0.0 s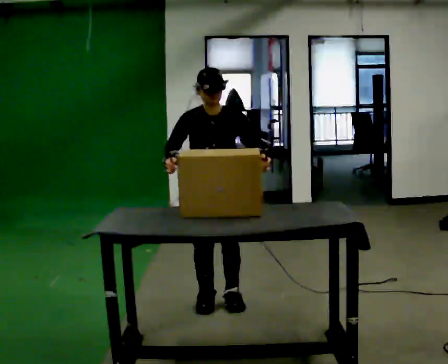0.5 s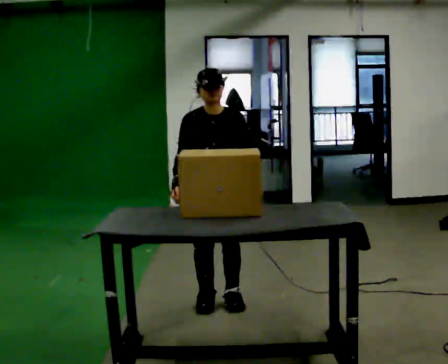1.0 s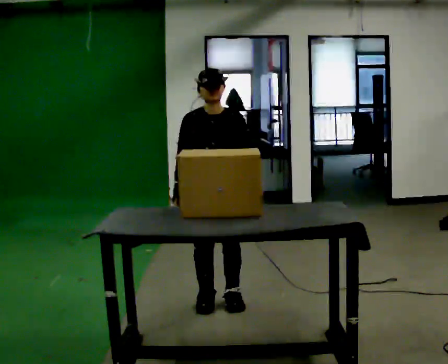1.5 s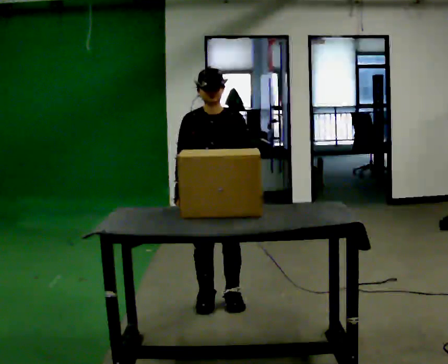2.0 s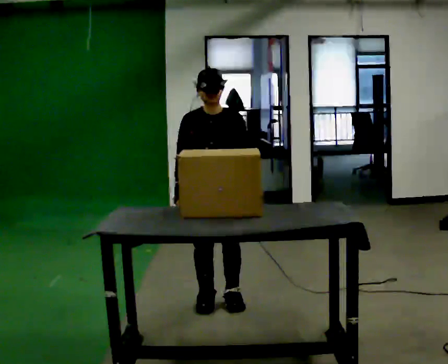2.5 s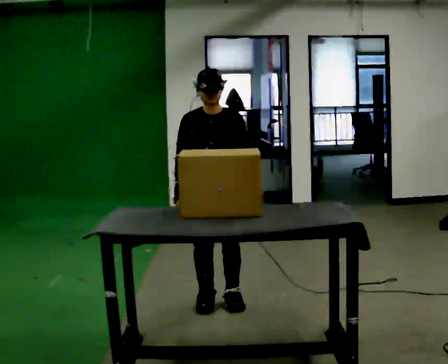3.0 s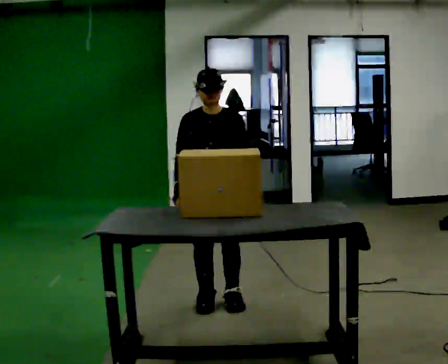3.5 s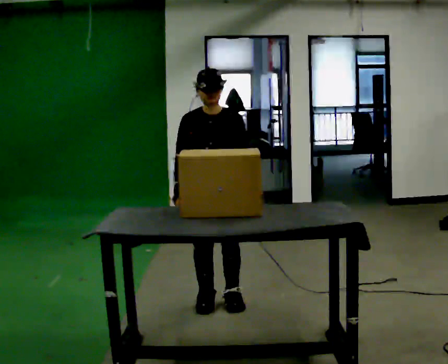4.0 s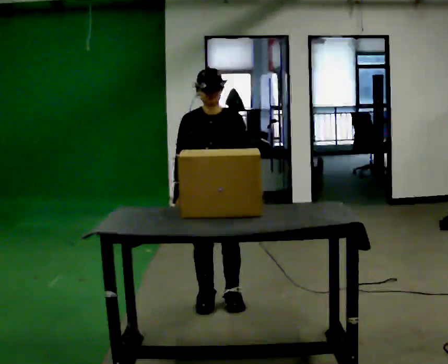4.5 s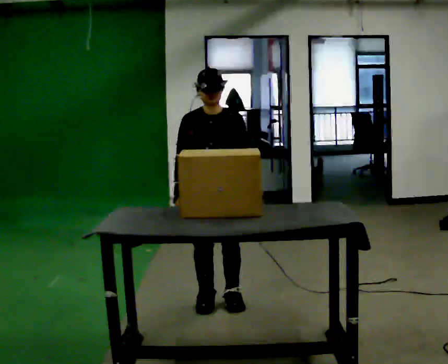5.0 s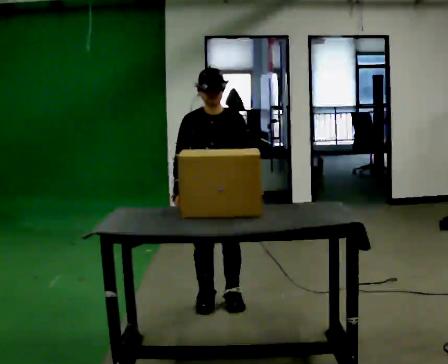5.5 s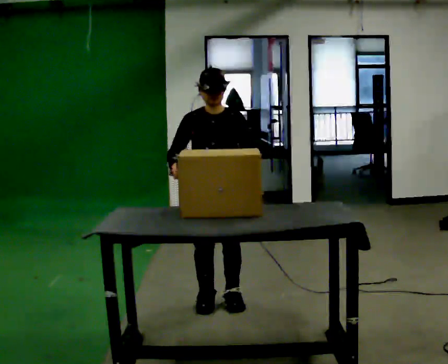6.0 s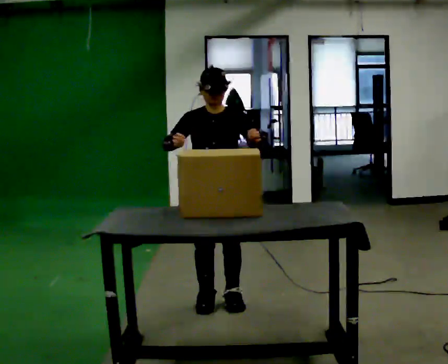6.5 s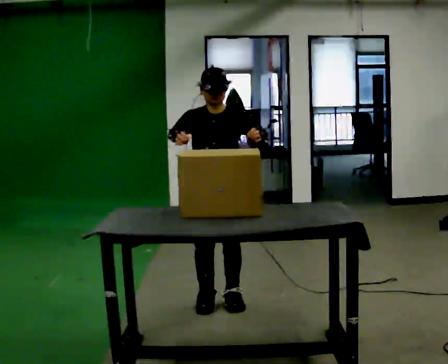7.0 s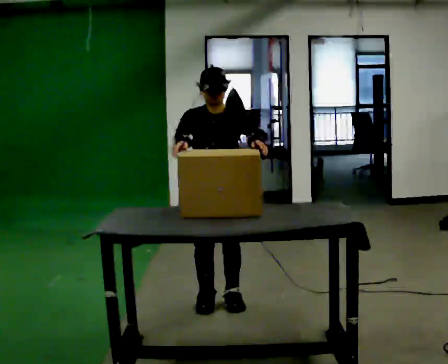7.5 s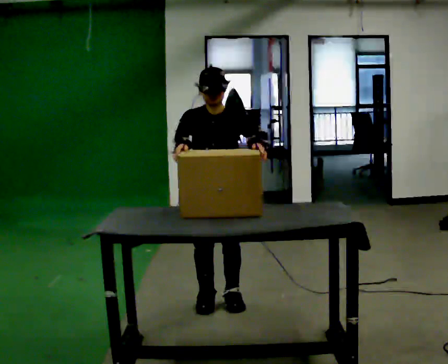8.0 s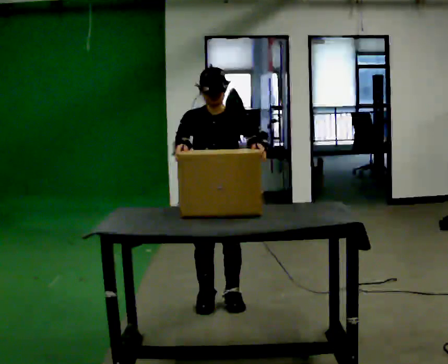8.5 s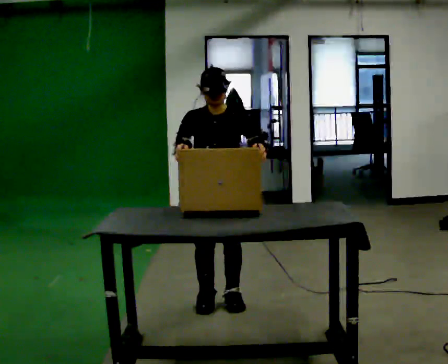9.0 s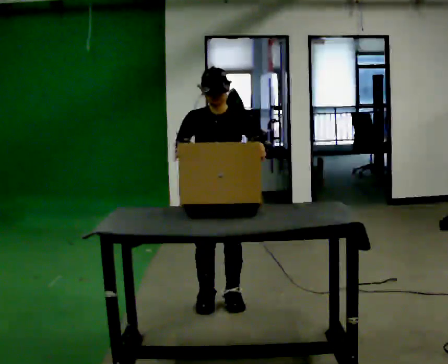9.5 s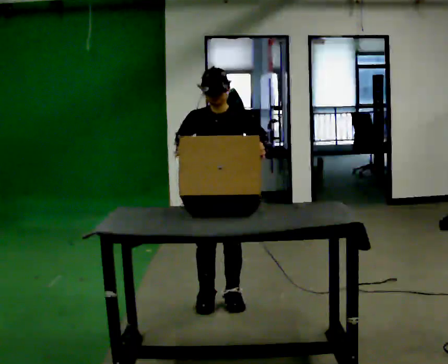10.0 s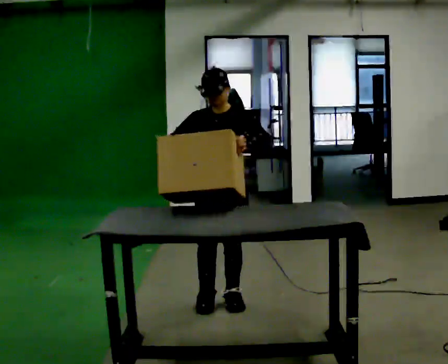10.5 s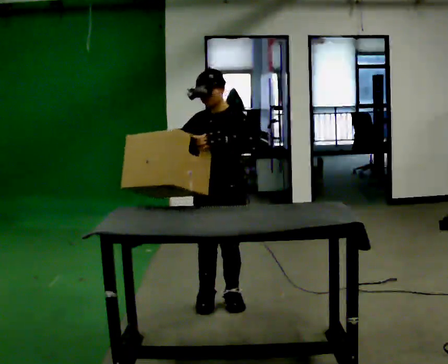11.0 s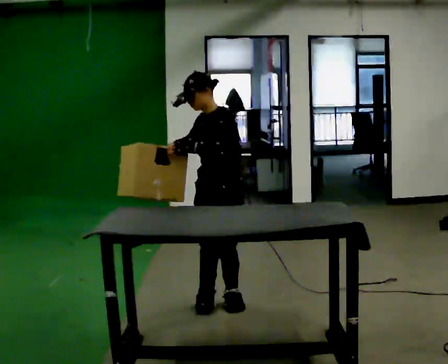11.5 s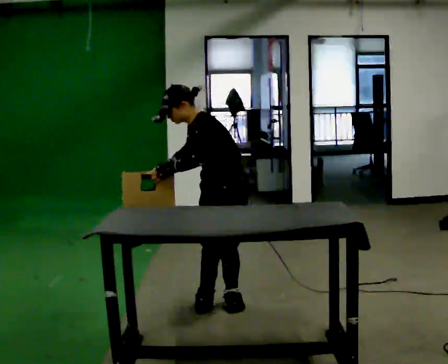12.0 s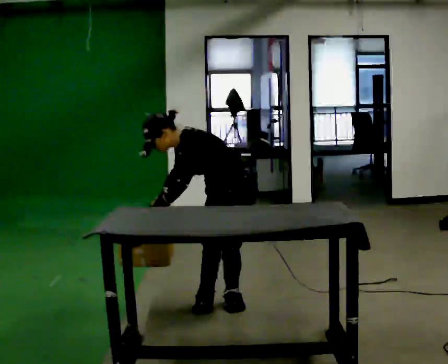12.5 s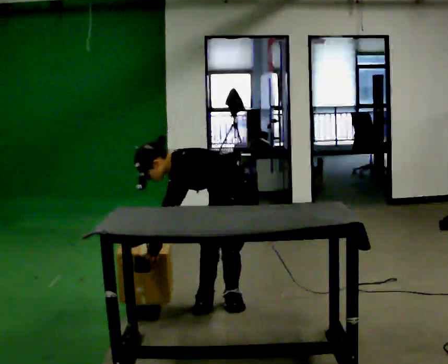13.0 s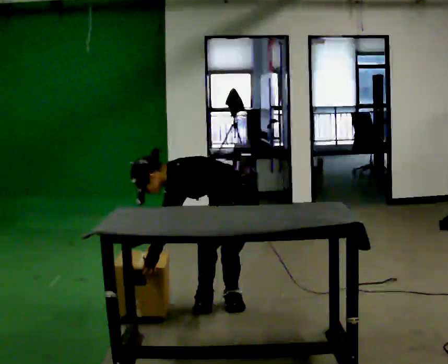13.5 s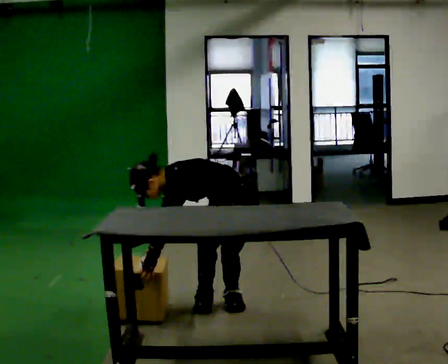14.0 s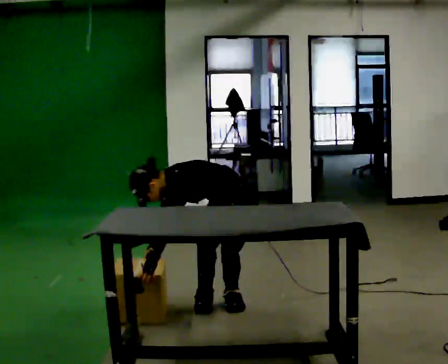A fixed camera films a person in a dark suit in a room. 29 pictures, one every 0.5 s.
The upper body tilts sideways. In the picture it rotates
counterclockwise.
The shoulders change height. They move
downward.
0.0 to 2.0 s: The person moves a little, or ends about where they began.
2.0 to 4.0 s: The person keeps their place and pose.
4.0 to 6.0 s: In the picture their left hand goes upward.
6.0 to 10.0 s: The person moves a little, or ends about where they began.
10.0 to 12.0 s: The part of the body nearest the lens slides to the left as the person turns to their right by about 45 degrees. The upper body goes downward. In the picture the upper body tilts counterclockwise, shoulders to the left, as they bend forward. In the picture their right hand goes downward.
12.0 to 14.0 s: The upper body goes downward. In the picture the upper body tilts counterclockwise, shoulders to the left, as they bend forward.
The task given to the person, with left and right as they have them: Pick the fragile object up and set it back down as gently as you can. Repeat at your own pace until the operator says stop. Keep both feet on the marked spots for the whole take. If you have to step, stop and tell the operator.
The film runs forward here.
